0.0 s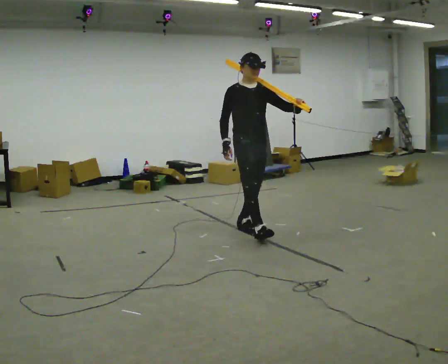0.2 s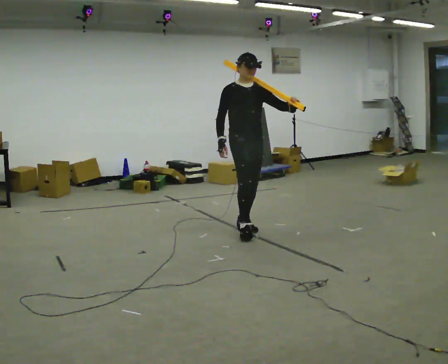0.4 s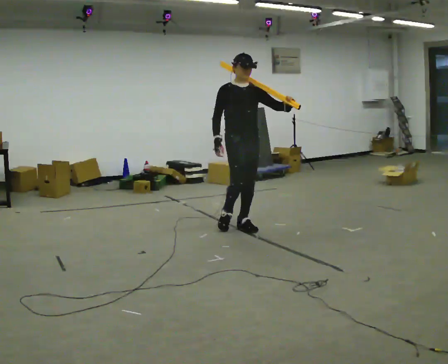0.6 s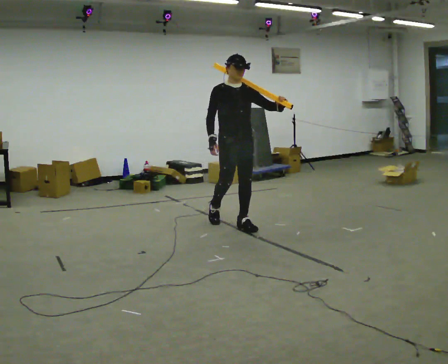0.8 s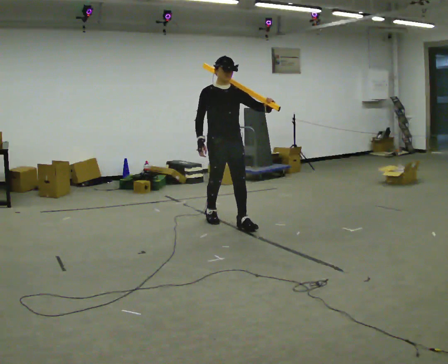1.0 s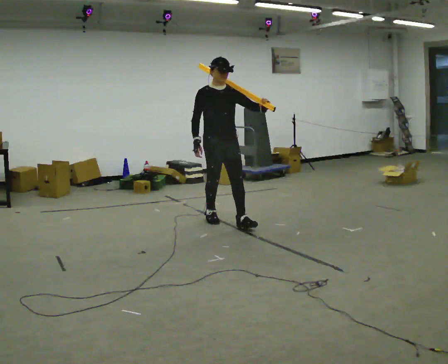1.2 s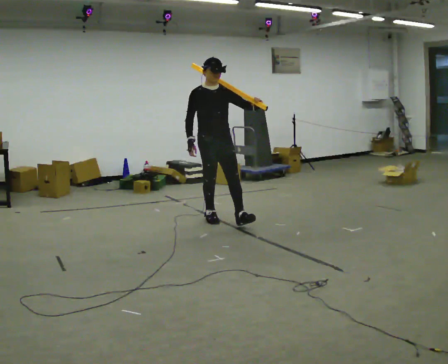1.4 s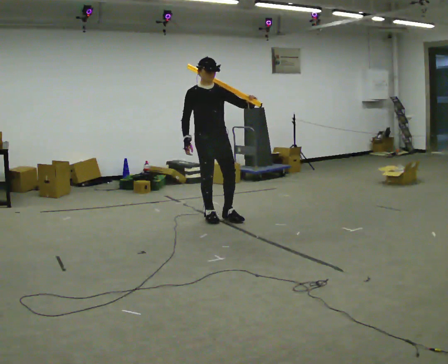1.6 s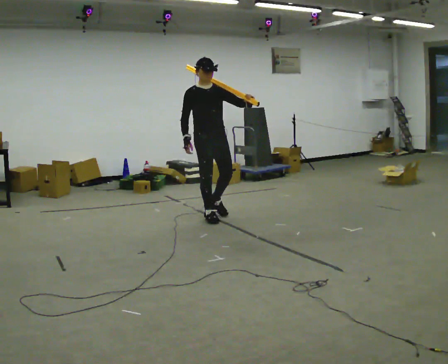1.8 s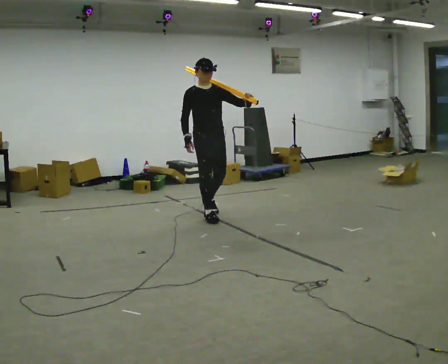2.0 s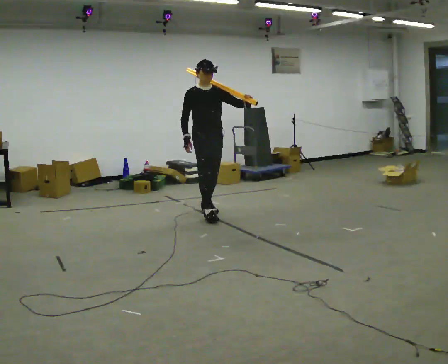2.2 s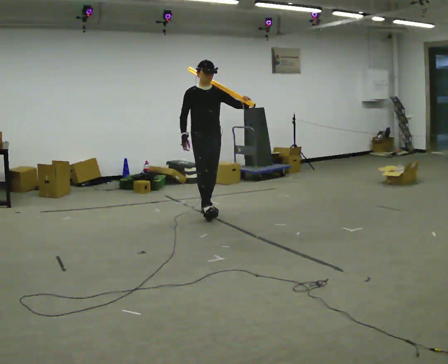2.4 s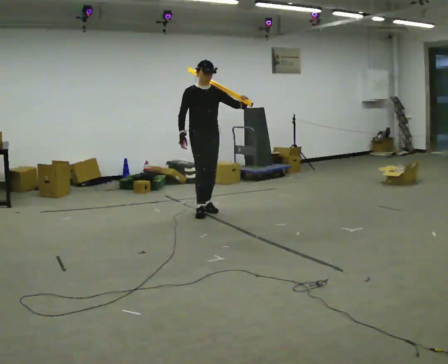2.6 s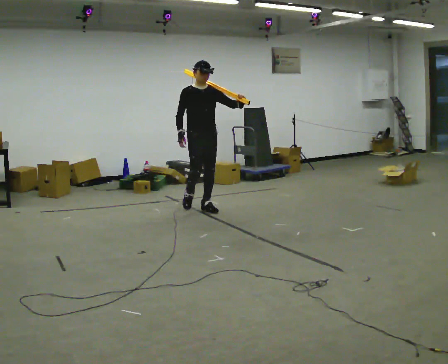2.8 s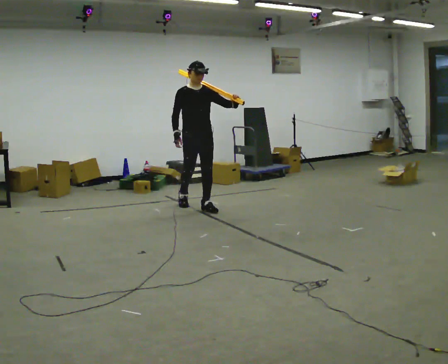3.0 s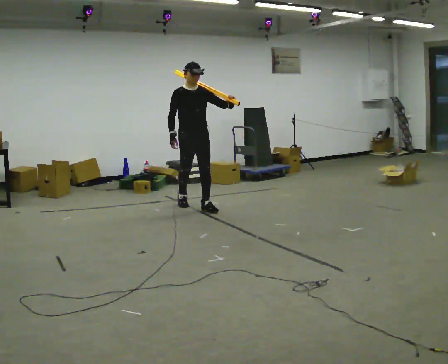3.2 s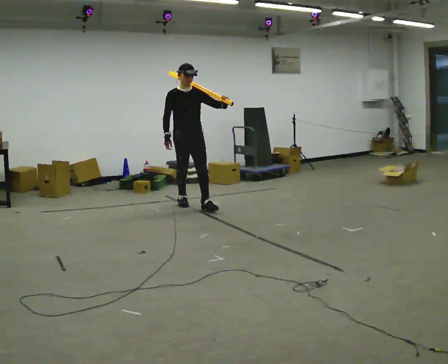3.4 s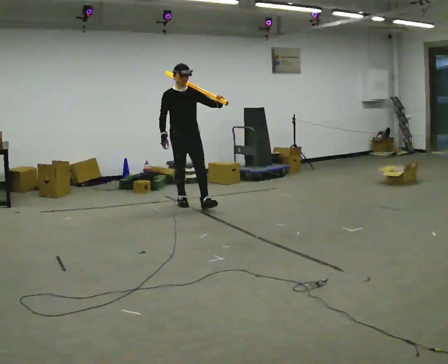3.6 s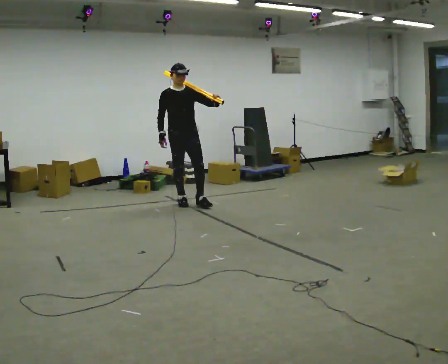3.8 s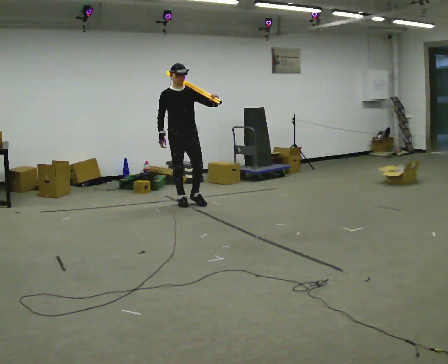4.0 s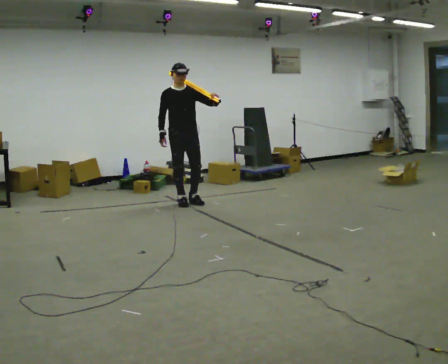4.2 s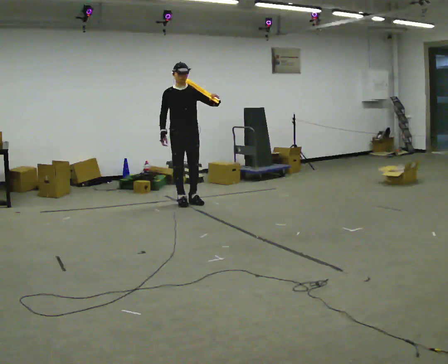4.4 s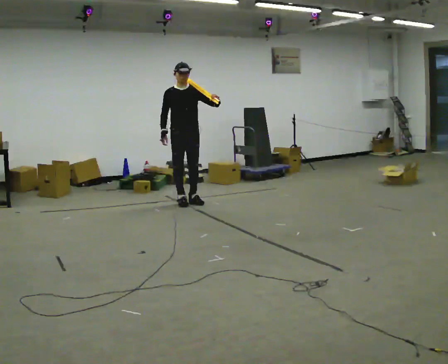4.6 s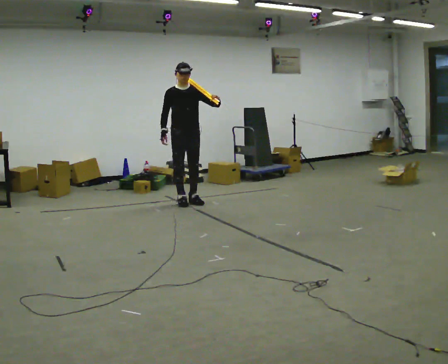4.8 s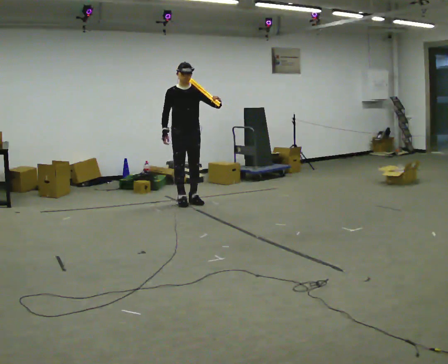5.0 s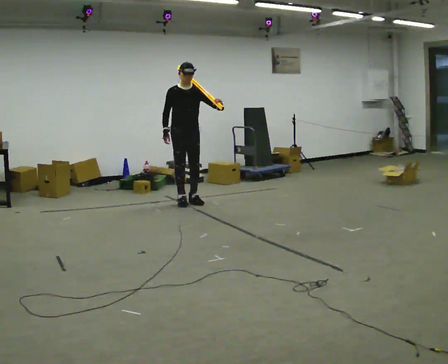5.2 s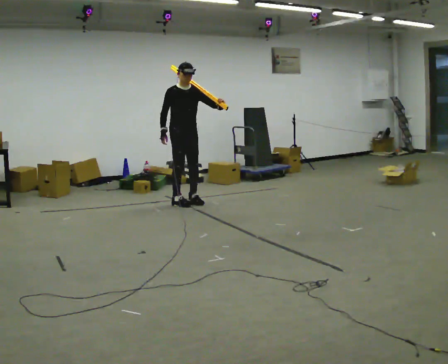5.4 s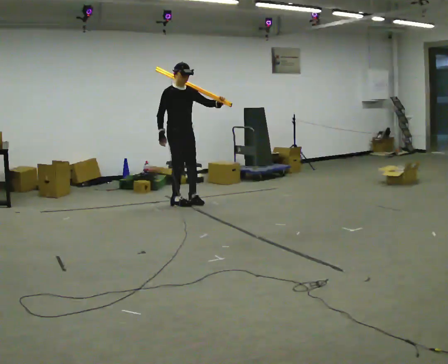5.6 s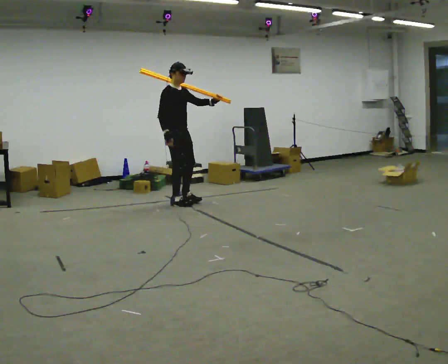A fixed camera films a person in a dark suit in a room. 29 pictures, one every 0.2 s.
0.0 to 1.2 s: In the picture they go away from the camera and to the left, about 0.5 m in 2 steps, which for them is backward.
1.2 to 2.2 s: In the picture they go away from the camera, about 0.5 m, which for them is backward.
2.2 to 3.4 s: In the picture they go away from the camera and to the left, about 0.5 m in 1 step, which for them is backward.
3.4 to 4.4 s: The person moves a little, or ends about where they began.
4.4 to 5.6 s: Seen from above the body turns counterclockwise, about 45 degrees: to their left, with its near side sliding to the right.
The film runs backward here.
